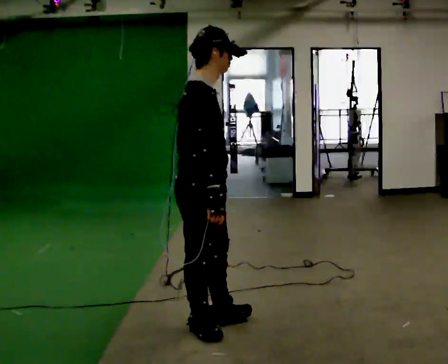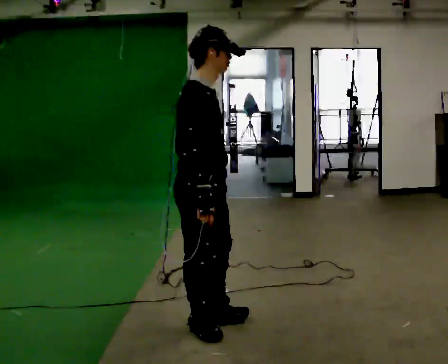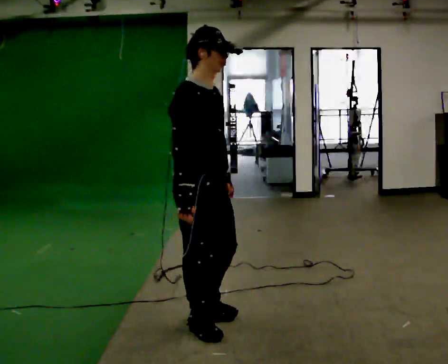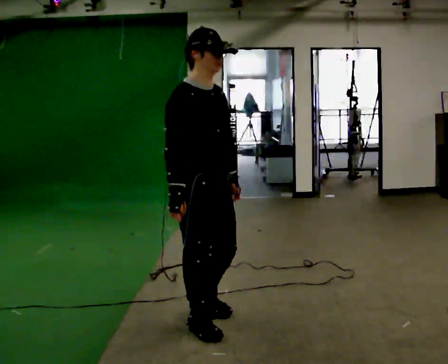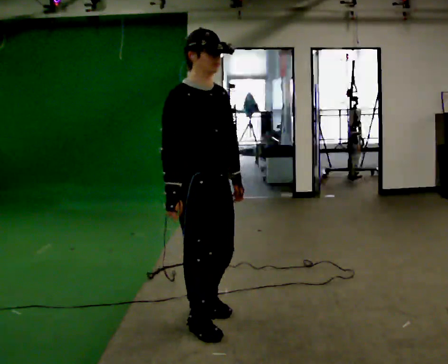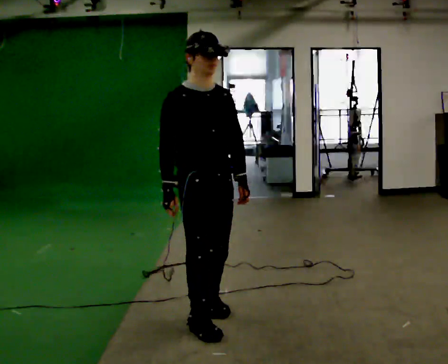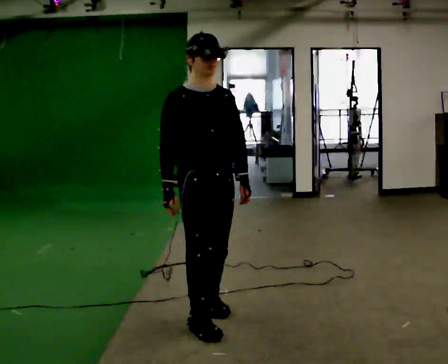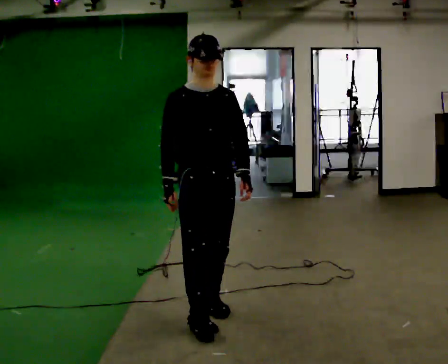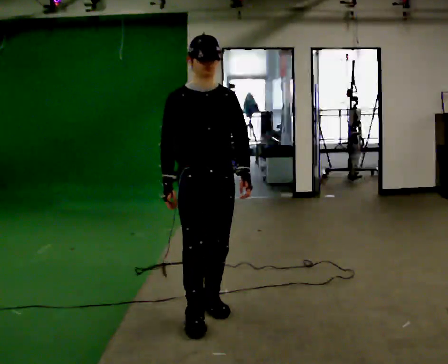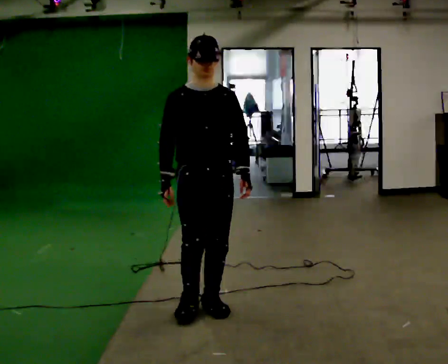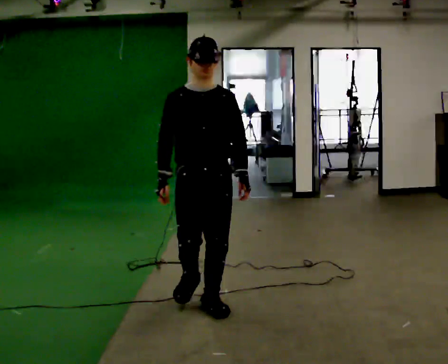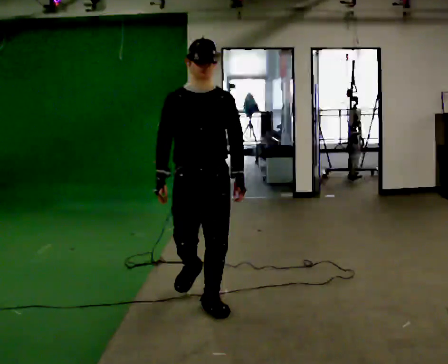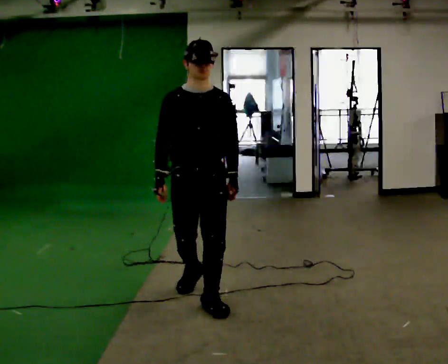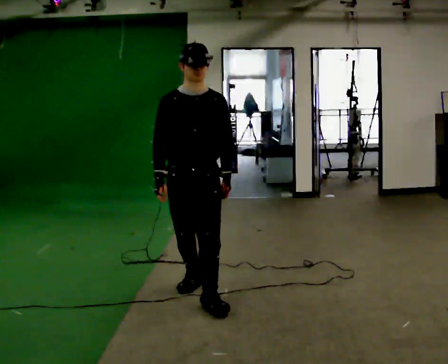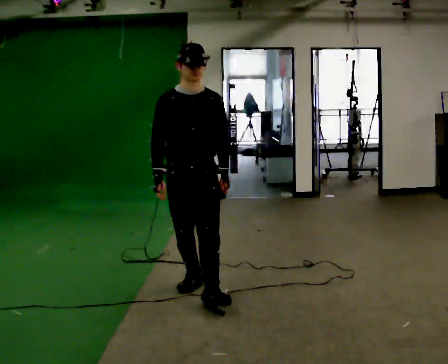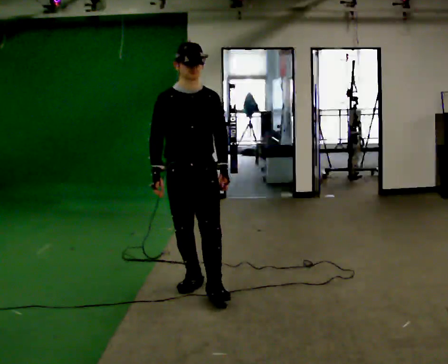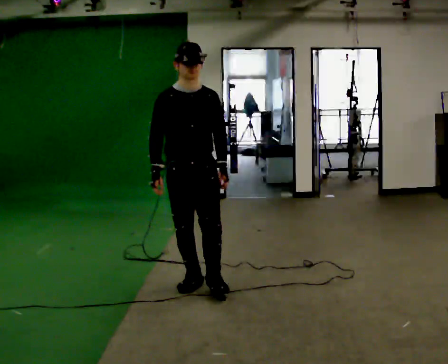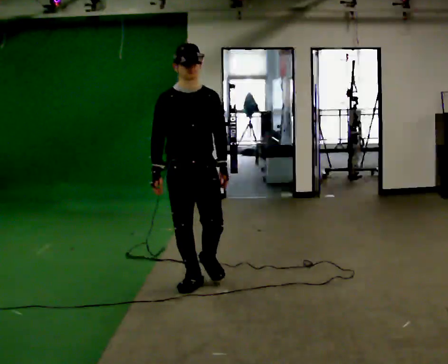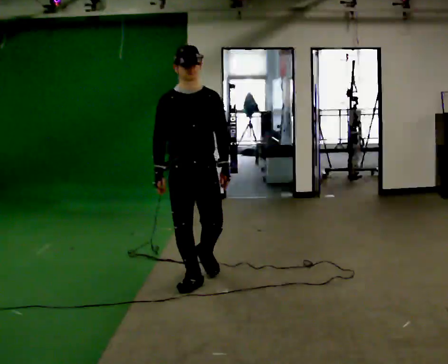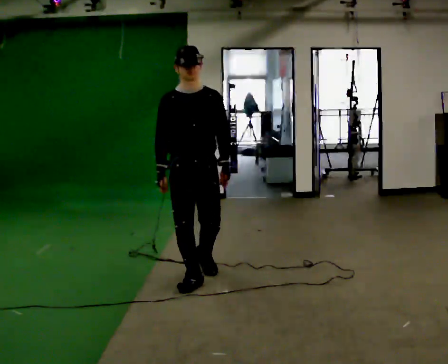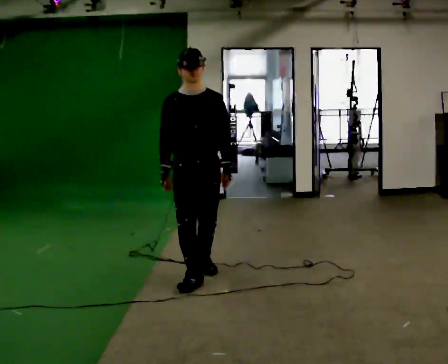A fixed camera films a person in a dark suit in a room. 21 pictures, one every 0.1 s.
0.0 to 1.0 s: The person turns about 90 degrees to their right, clockwise seen from above, so the part of the body nearest the lens slides to the left. In the picture they go away from the camera, about 0.25 m in 2 steps.
1.0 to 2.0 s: In the picture they go away from the camera, about 0.75 m in 1 step, which for them is backward.
The film runs backward here.
